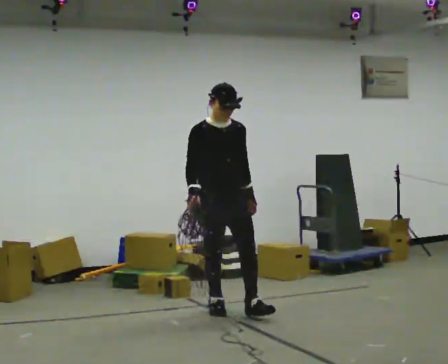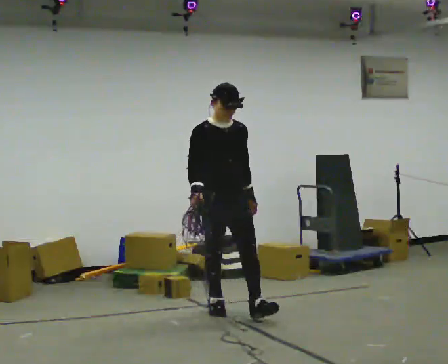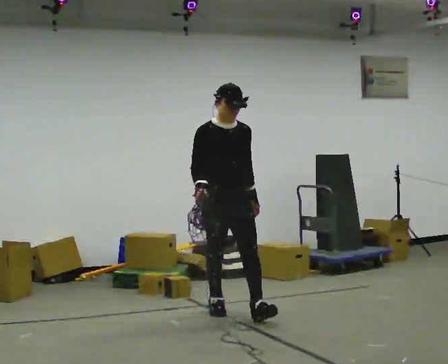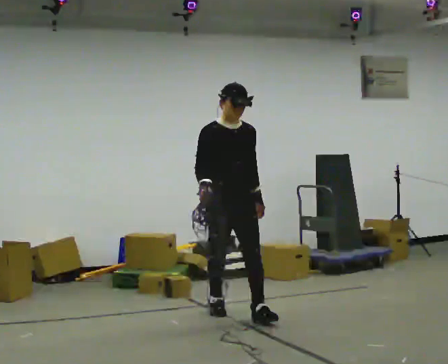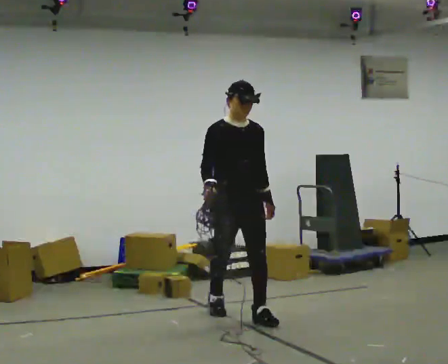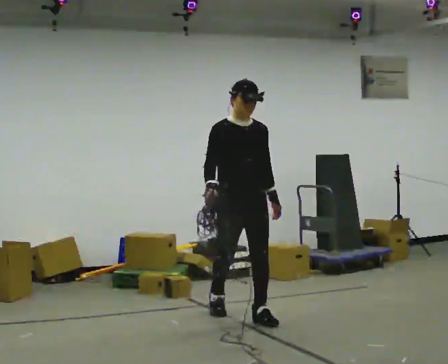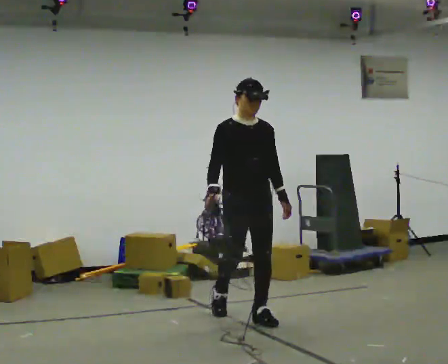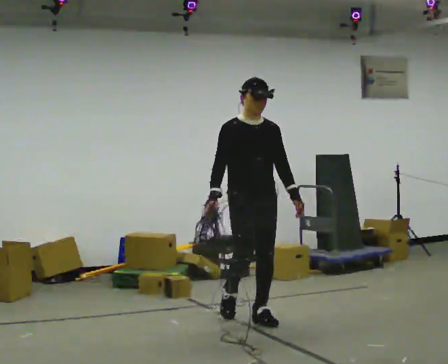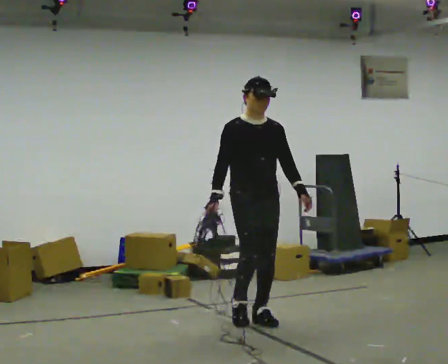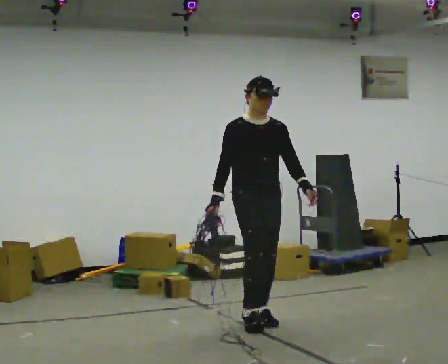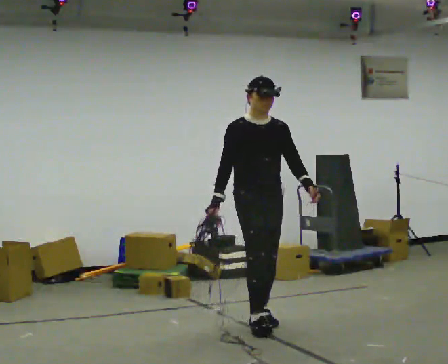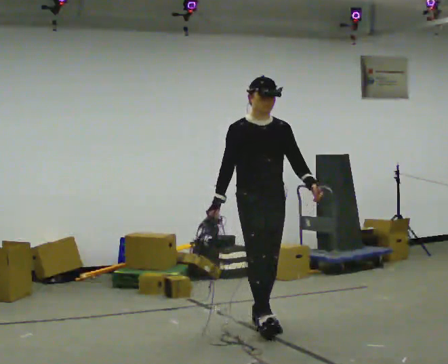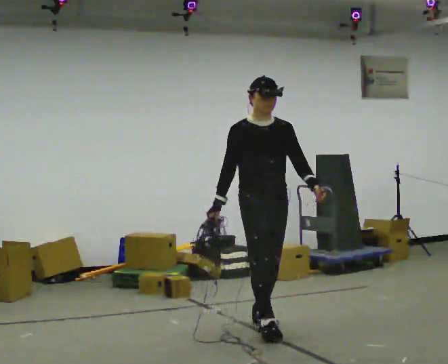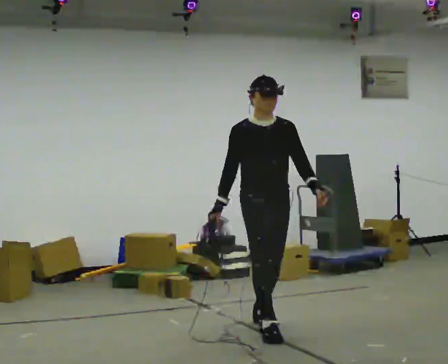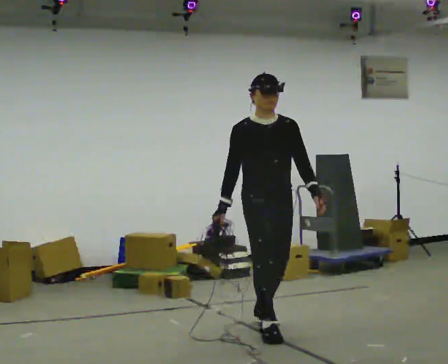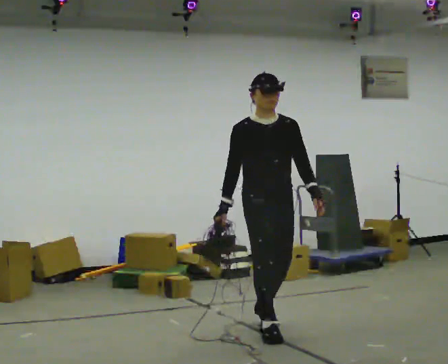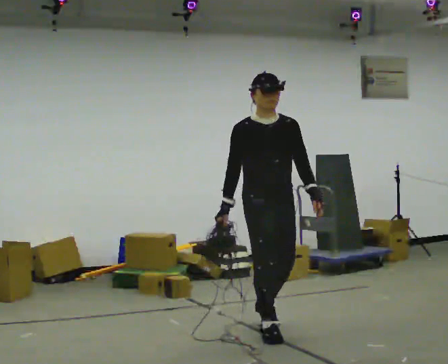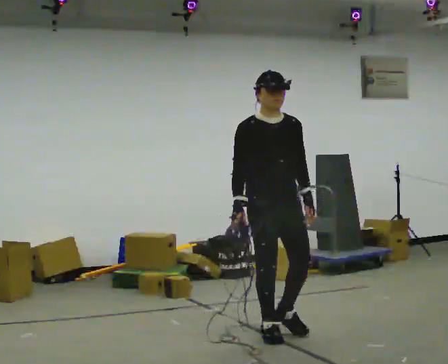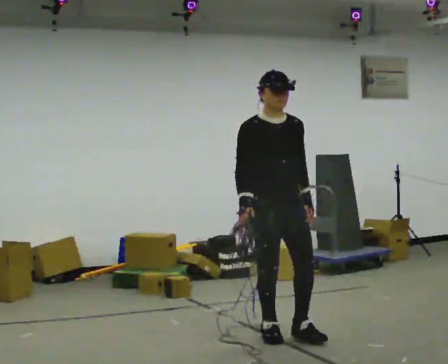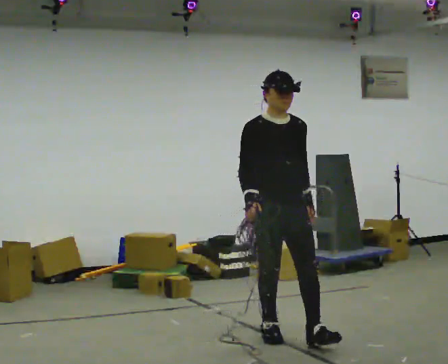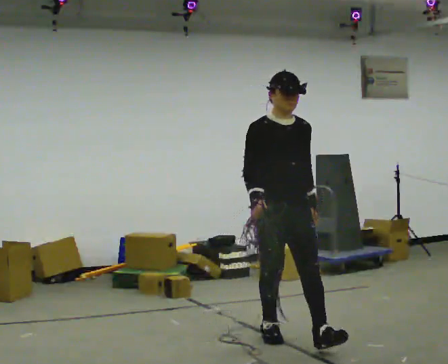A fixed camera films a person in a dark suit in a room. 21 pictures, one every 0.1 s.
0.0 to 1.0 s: In the picture they go toward the camera and to the right, about 0.5 m in 1 step, which for them is forward.
1.0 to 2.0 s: In the picture they go toward the camera, about 0.5 m in 2 steps, which for them is forward.
The film runs forward here.
